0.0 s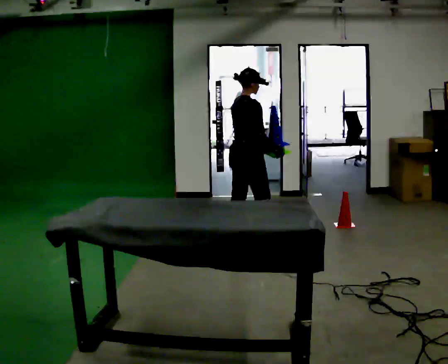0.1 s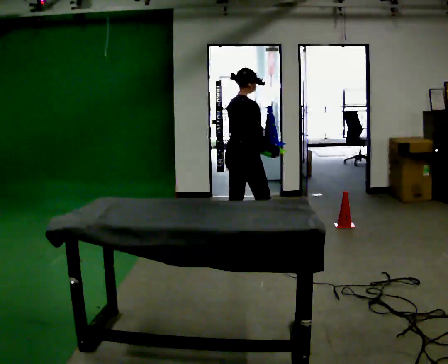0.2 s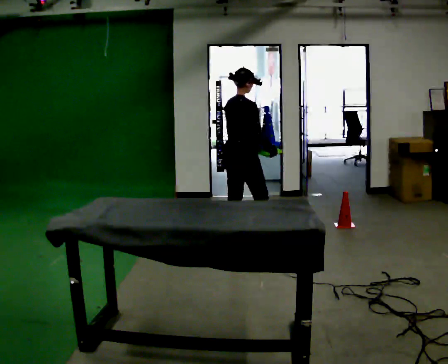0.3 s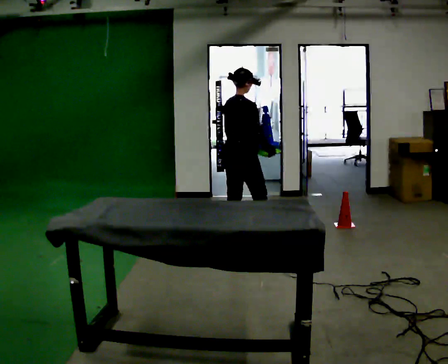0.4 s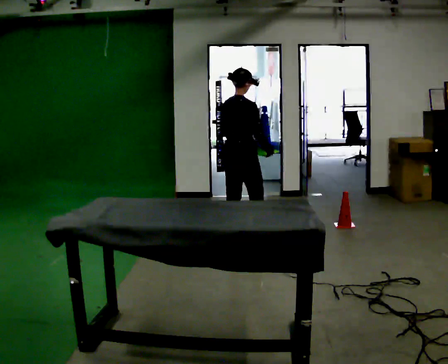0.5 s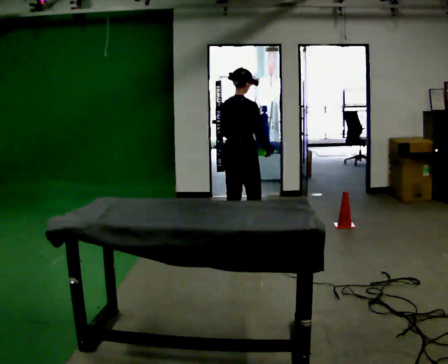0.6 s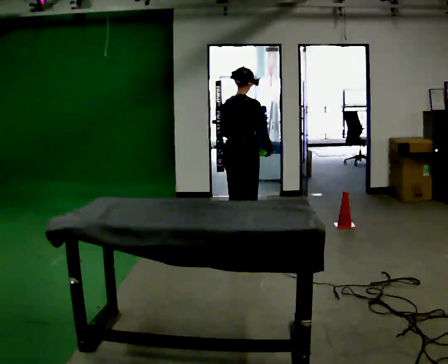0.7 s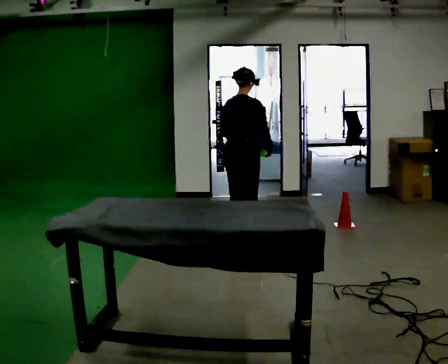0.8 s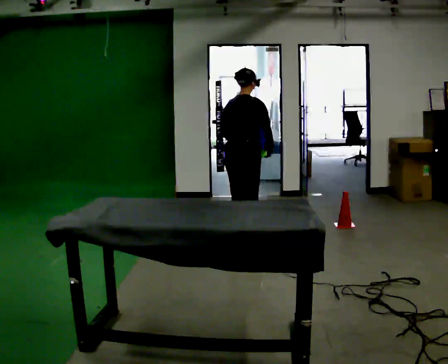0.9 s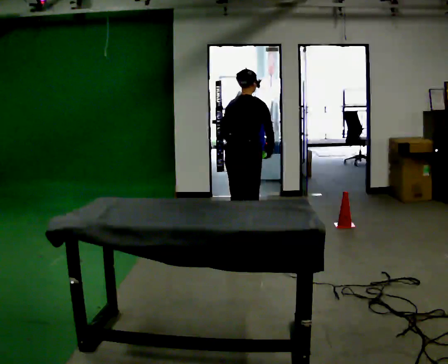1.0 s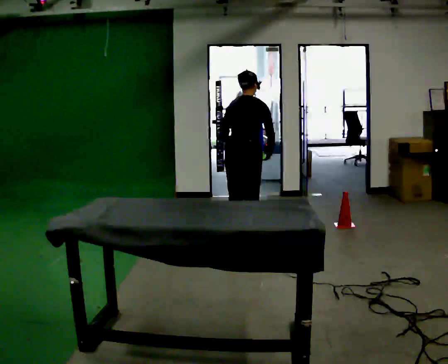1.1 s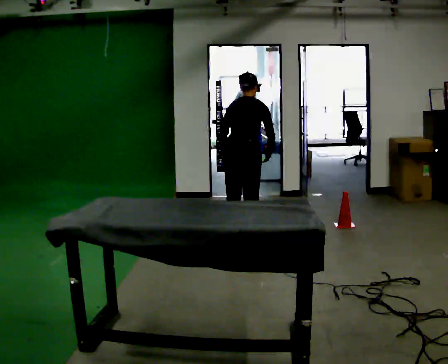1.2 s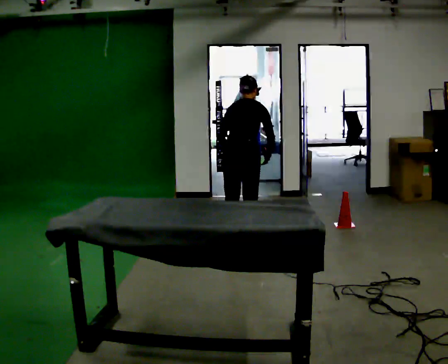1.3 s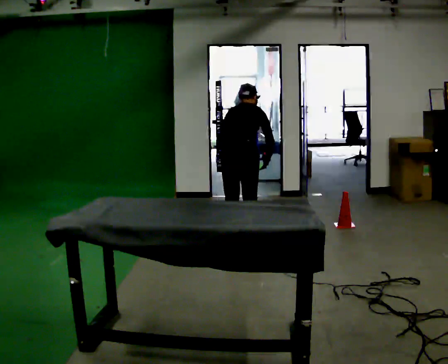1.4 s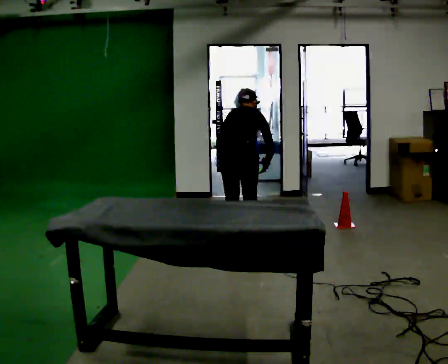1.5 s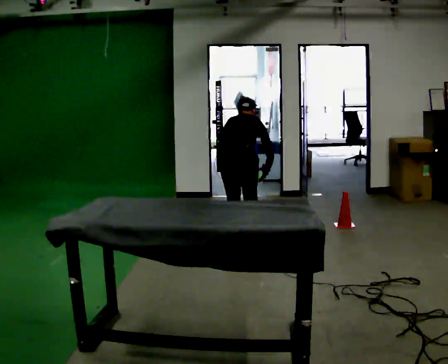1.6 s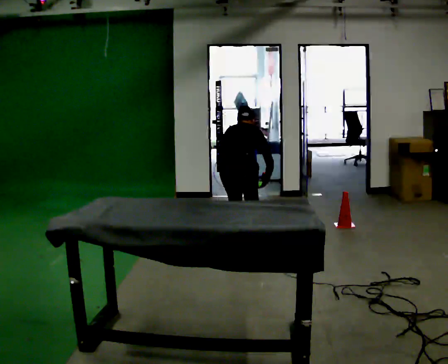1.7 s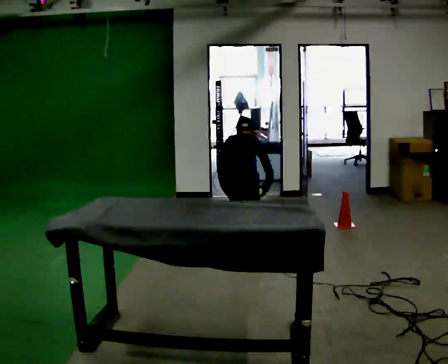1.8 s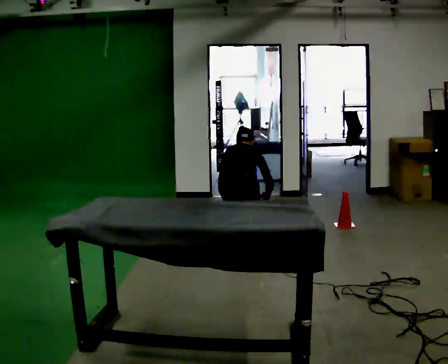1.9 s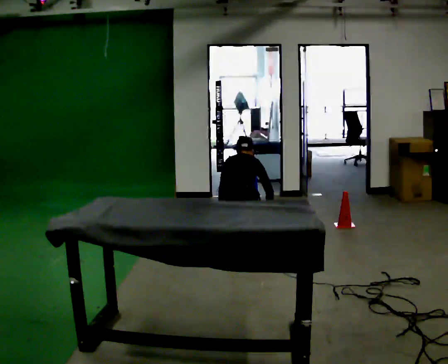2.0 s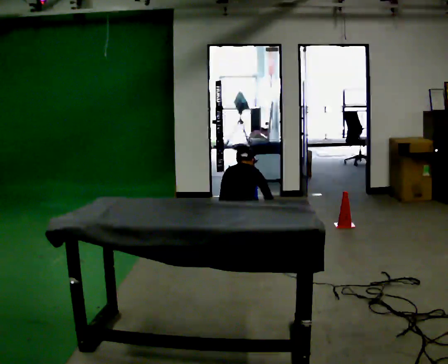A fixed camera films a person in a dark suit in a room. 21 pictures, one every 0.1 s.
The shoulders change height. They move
downward.
Their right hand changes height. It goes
downward.
0.0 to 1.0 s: The part of the body nearest the lens slides to the right as the person turns to their left by about 45 degrees.
1.0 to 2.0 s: The upper body goes downward. The upper body tips away from the camera, its near side rolling upward, as they bend forward. In the picture their right hand goes downward.
The film runs backward here.
